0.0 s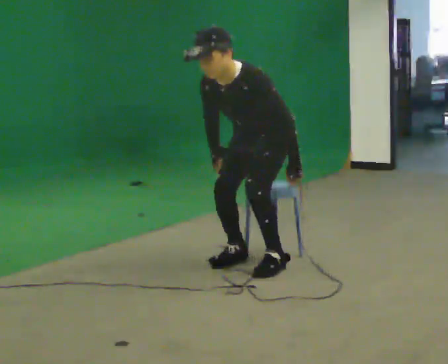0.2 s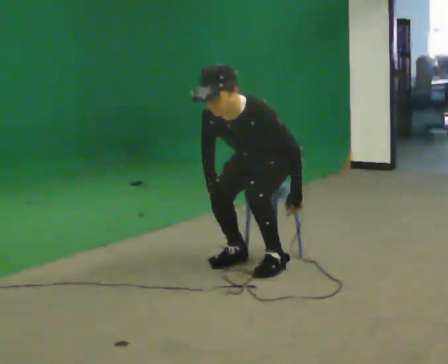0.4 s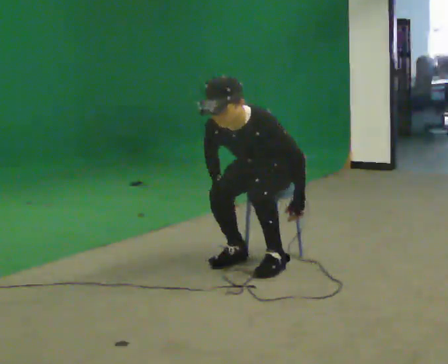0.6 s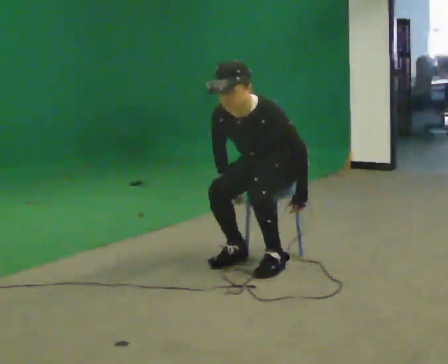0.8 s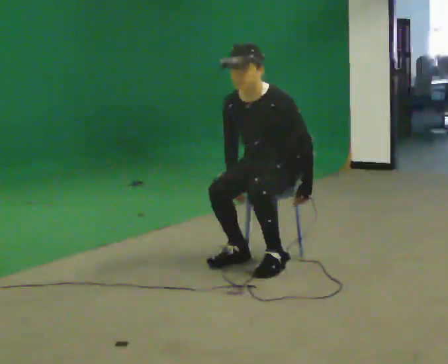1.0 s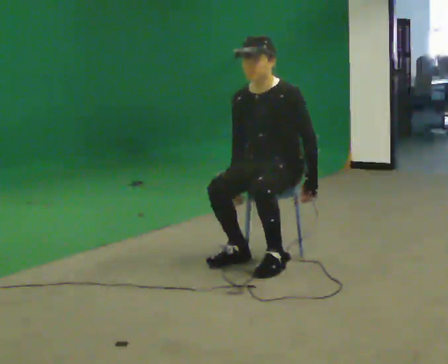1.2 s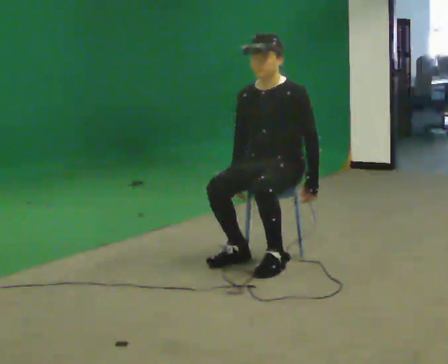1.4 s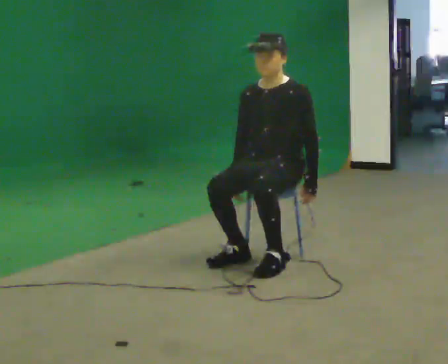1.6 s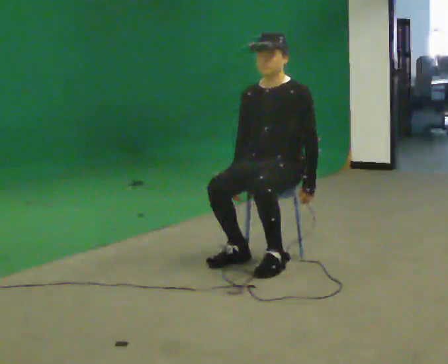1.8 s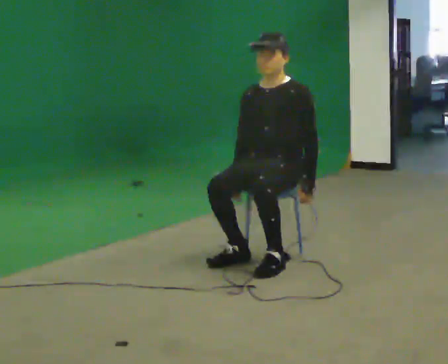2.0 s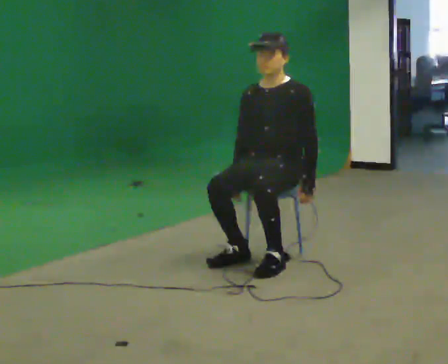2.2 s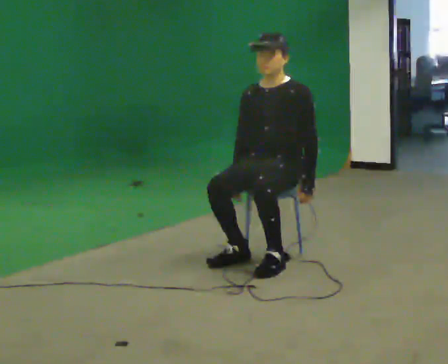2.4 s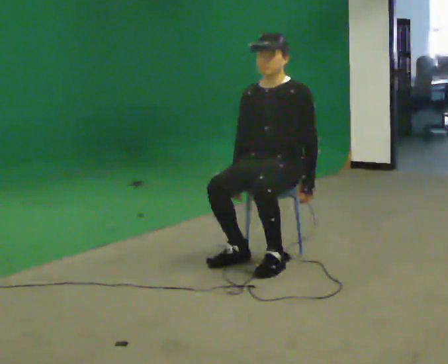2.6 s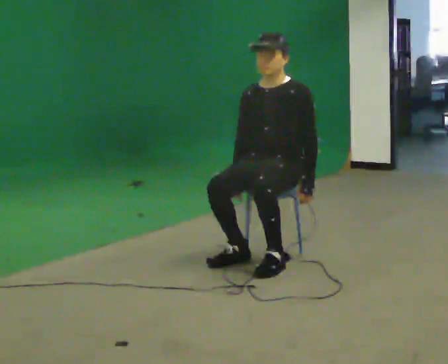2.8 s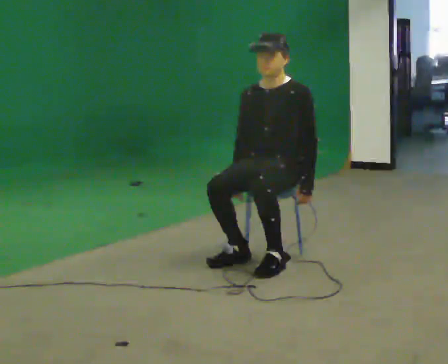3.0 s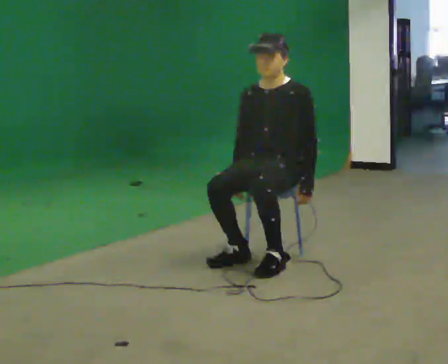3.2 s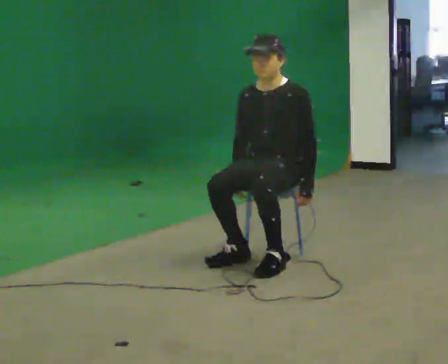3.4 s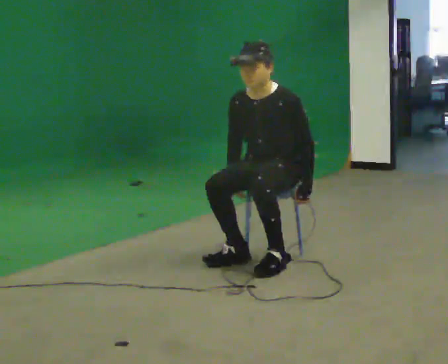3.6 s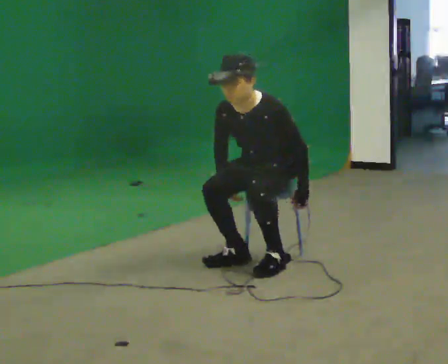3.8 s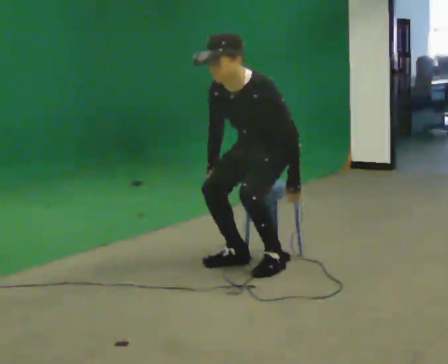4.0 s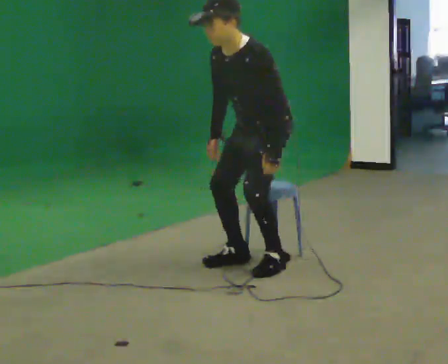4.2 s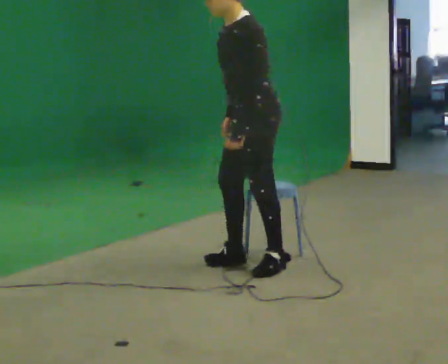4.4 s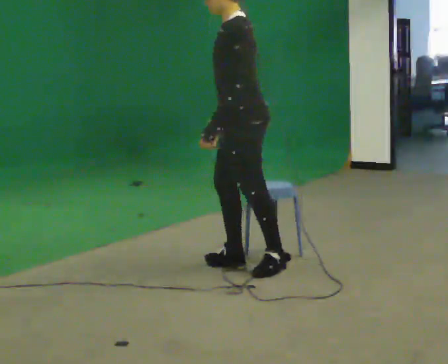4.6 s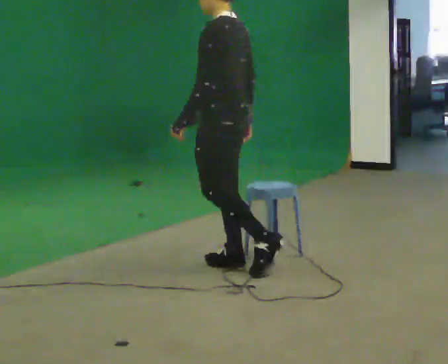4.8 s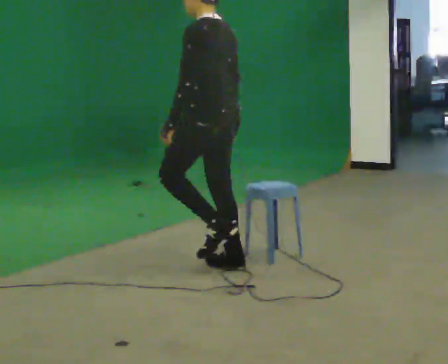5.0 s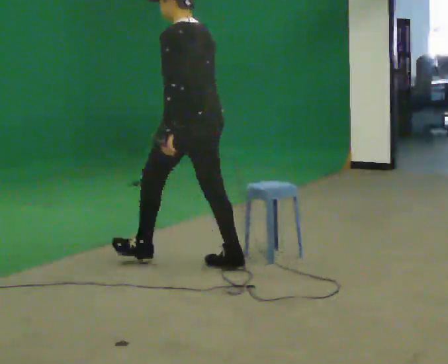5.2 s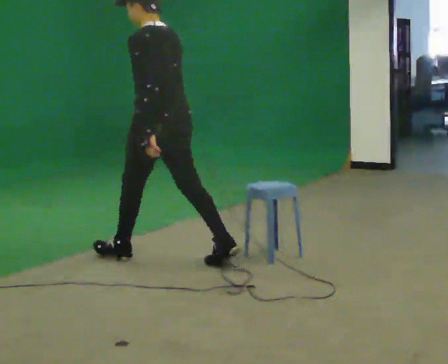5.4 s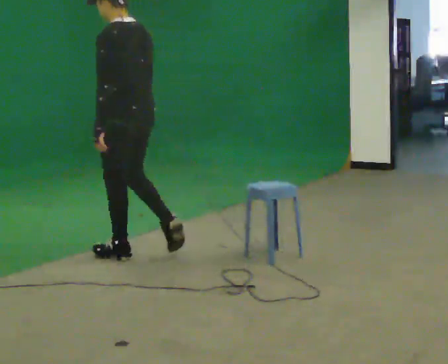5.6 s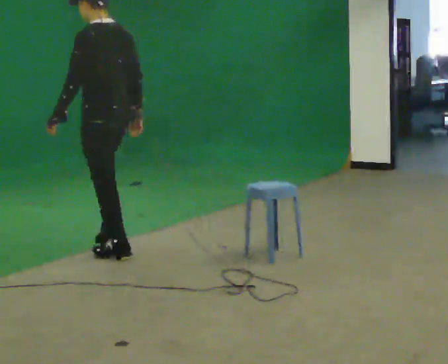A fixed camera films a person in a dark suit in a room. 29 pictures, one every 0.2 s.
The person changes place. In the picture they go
to the left.
The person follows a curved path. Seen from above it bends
clockwise.
0.0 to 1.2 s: The upper body tips away from the camera, its near side rolling upward, as they lean back or straighten.
1.2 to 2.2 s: The person moves a little, or ends about where they began.
2.2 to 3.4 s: The upper body tips toward the camera, its near side rolling downward, as they bend forward.
3.4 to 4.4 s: Seen from above the body turns clockwise, about 60 degrees: to their right, with its near side sliding to the left. In the picture they go toward the camera and to the left, about 0.25 m in 1 step, which for them is forward. The shoulders move upward. In the picture their left hand goes upward.
4.4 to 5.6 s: The person turns about 30 degrees to their right, clockwise seen from above, so the part of the body nearest the lens slides to the left. In the picture they go to the left and away from the camera, about 1 m in 1 step, which for them is forward.
The film runs forward here.
